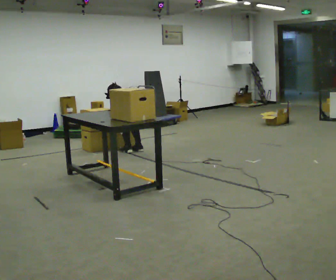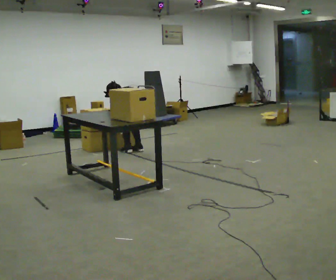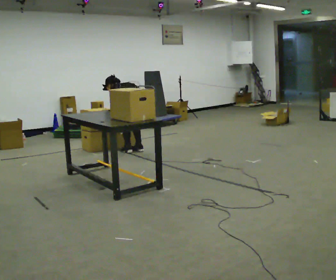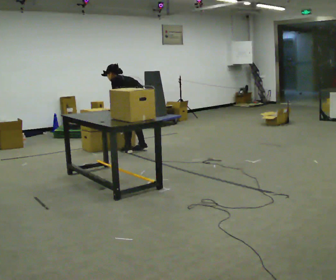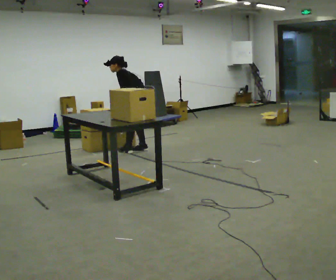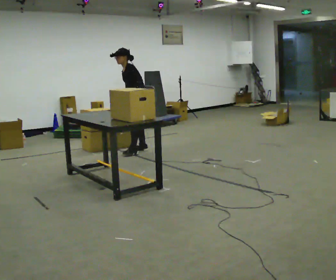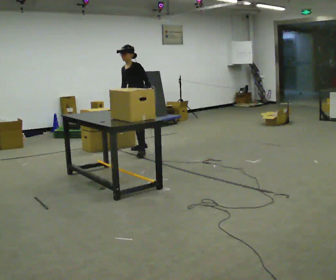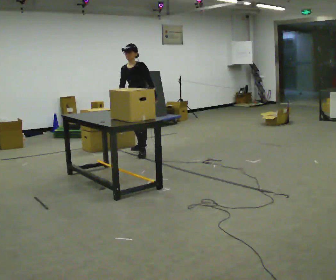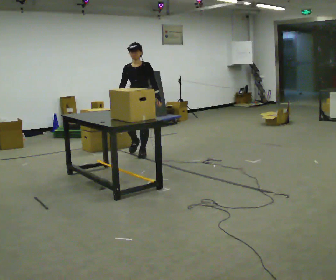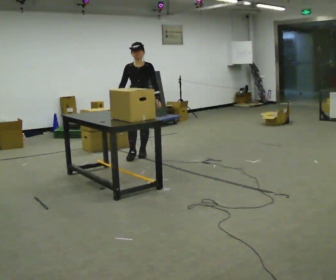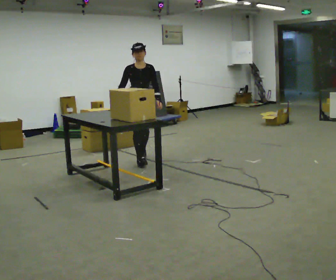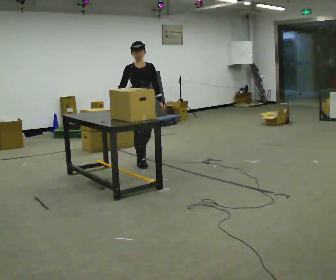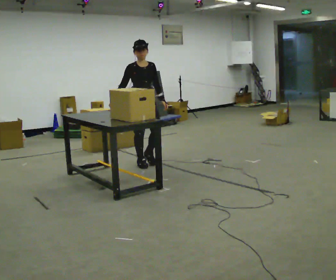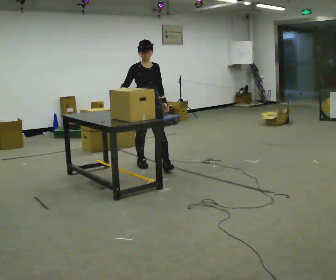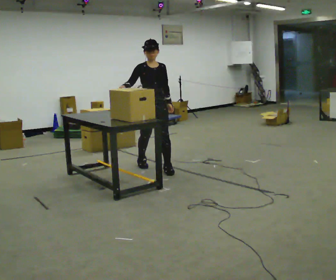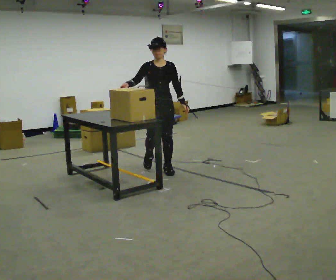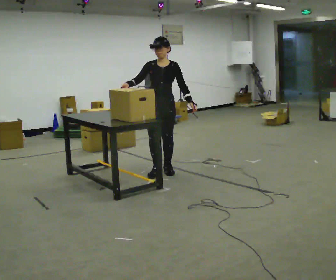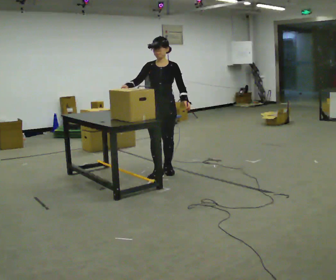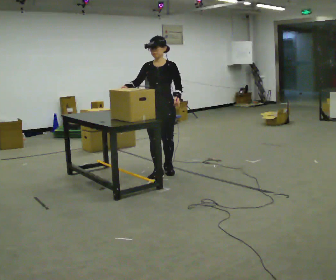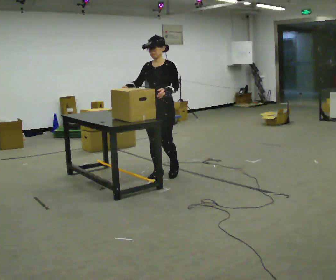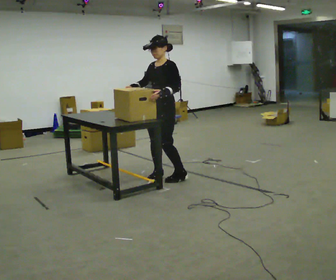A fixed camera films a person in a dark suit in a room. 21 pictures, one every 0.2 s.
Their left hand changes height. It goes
upward.
The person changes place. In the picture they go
toward the camera.
0.0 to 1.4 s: The part of the body nearest the lens slides to the right as the person turns to their left by about 105 degrees. The shoulders move upward. The upper body tips toward the camera, its near side rolling downward, as they lean back or straighten. In the picture their right hand goes upward.
1.4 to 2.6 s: Seen from above the body turns counterclockwise, about 60 degrees: to their left, with its near side sliding to the right. In the picture they go toward the camera, about 0.5 m in 1 step.
2.6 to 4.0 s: The person turns about 75 degrees to their right, clockwise seen from above, so the part of the body nearest the lens slides to the left. In the picture they go toward the camera, about 0.5 m in 2 steps.
The film runs forward here.
